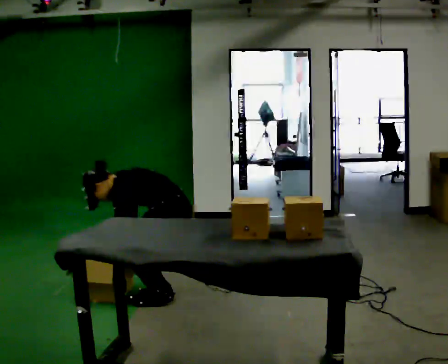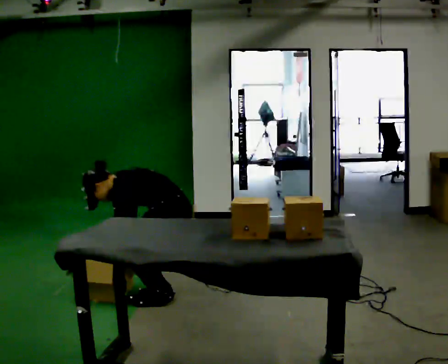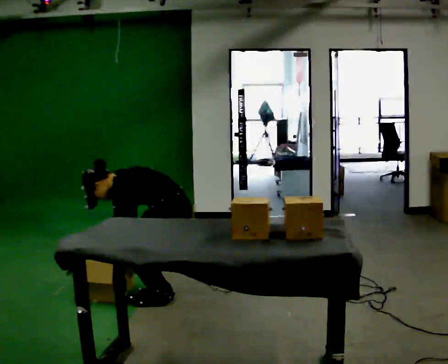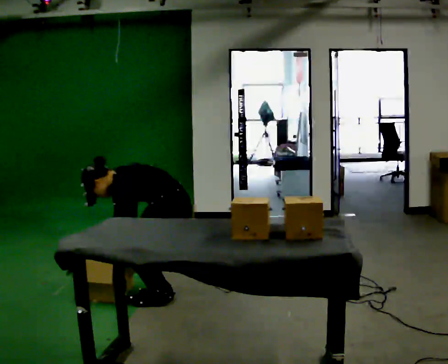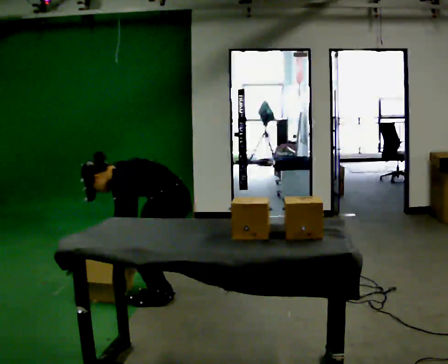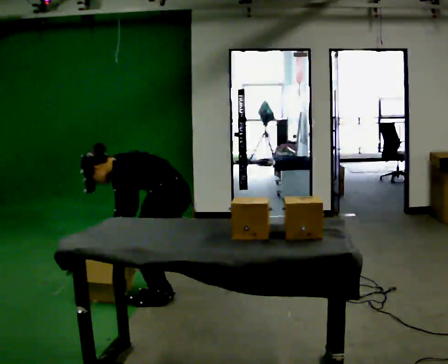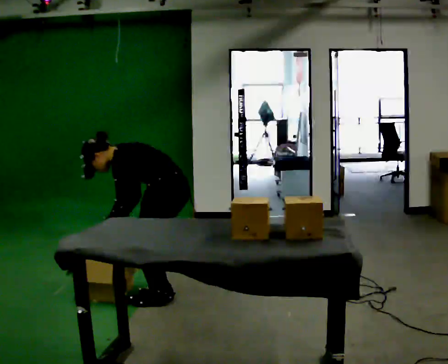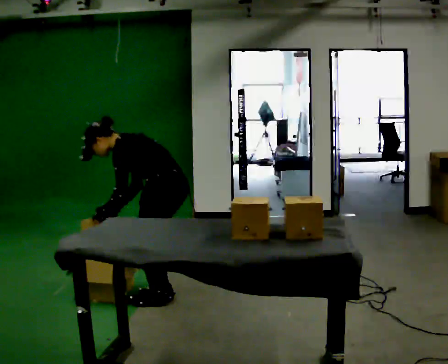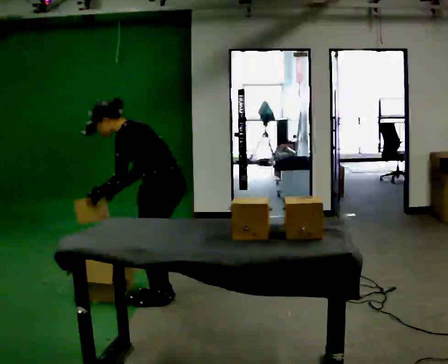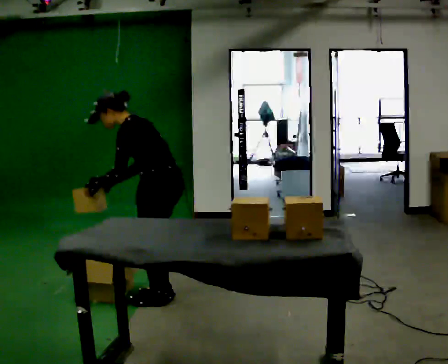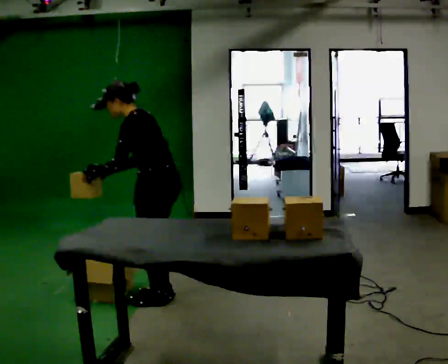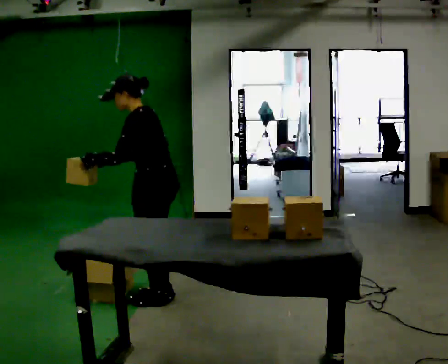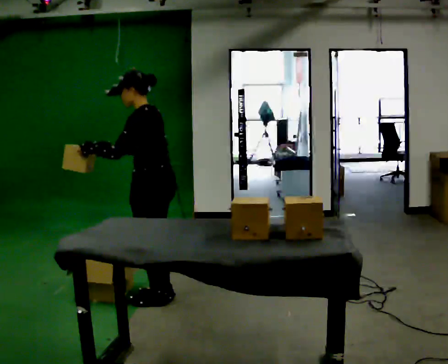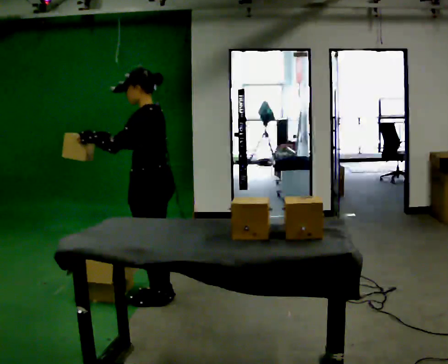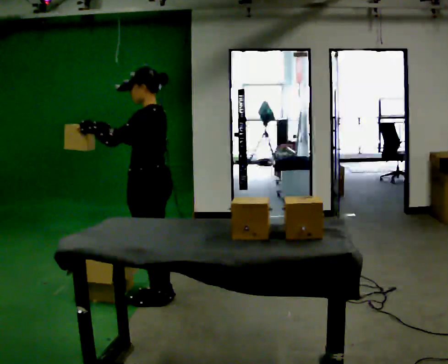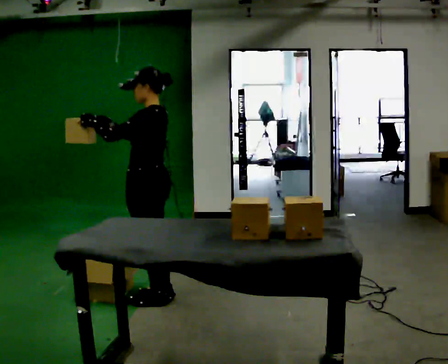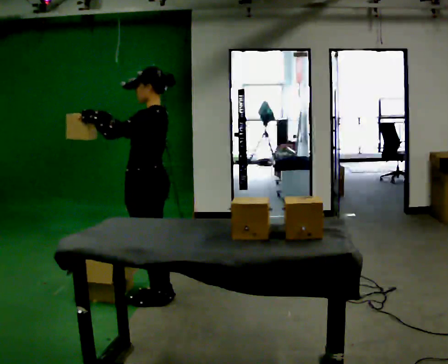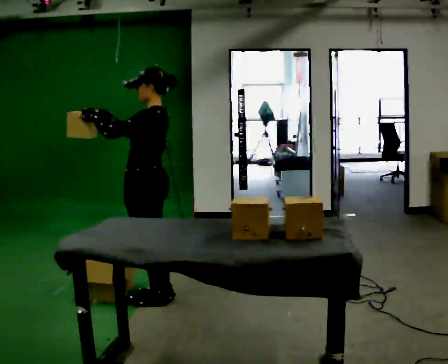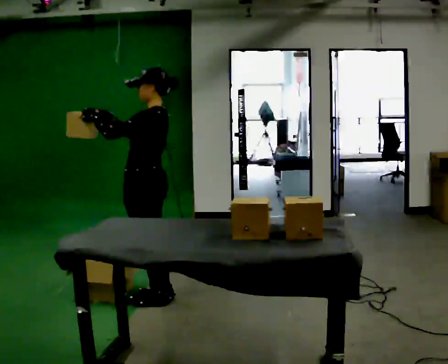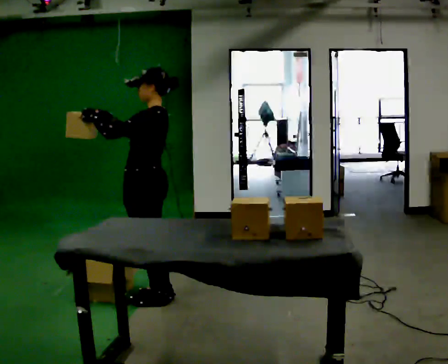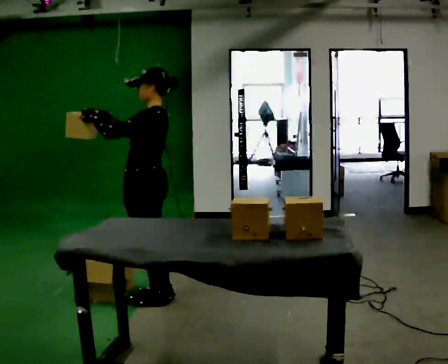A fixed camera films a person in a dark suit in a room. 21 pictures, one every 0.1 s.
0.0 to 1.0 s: The upper body goes upward. In the picture the upper body tilts clockwise, shoulders to the right, as they lean back or straighten. In the picture their left hand goes upward.
1.0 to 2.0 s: In the picture the upper body tilts clockwise, shoulders to the right, as they lean back or straighten. In the picture their right hand goes upward, the arm swinging clockwise.
The film runs forward here.
